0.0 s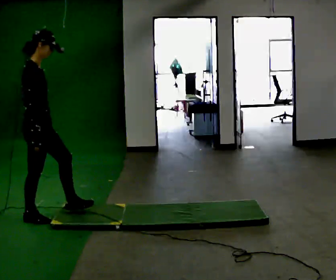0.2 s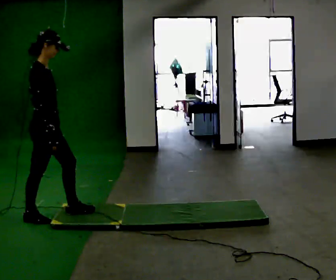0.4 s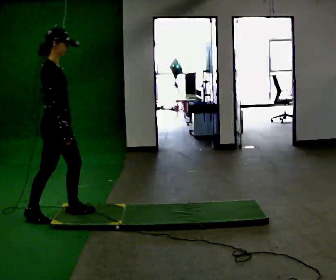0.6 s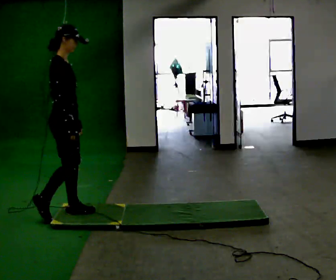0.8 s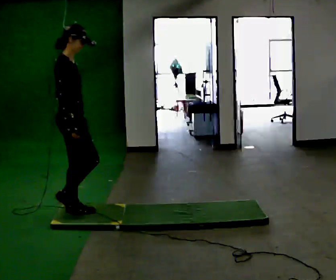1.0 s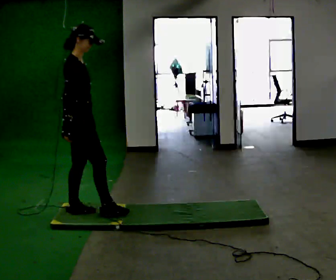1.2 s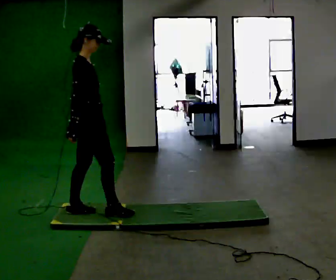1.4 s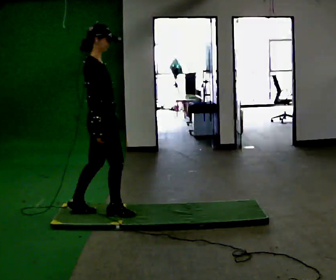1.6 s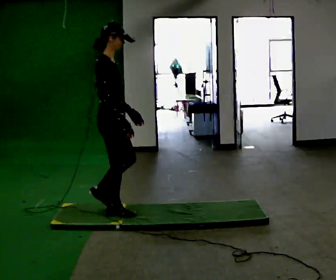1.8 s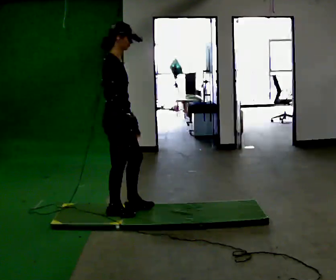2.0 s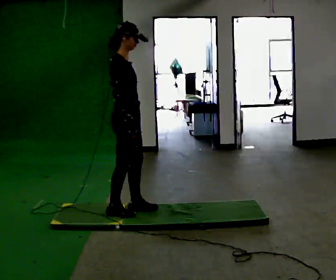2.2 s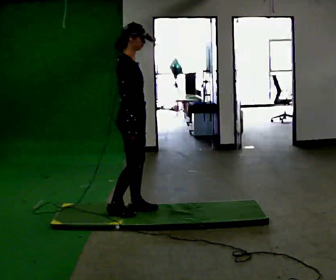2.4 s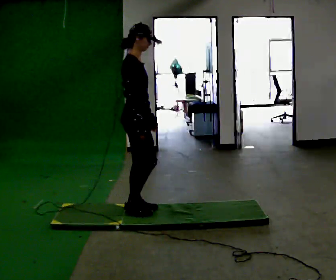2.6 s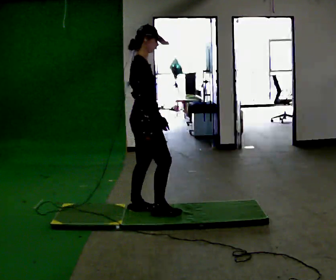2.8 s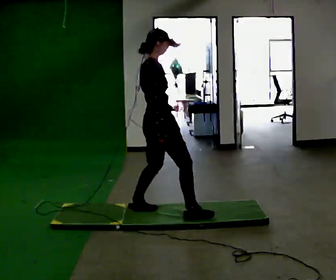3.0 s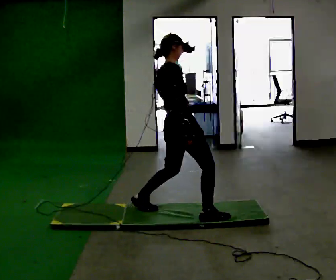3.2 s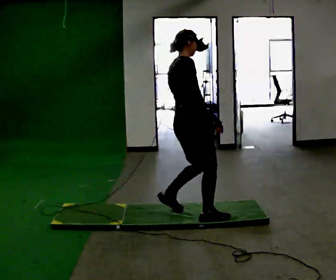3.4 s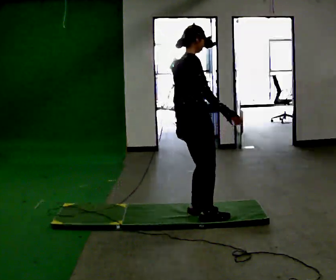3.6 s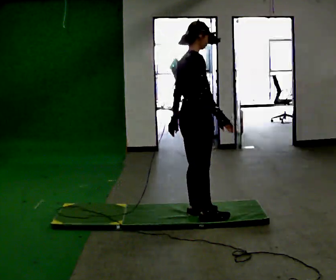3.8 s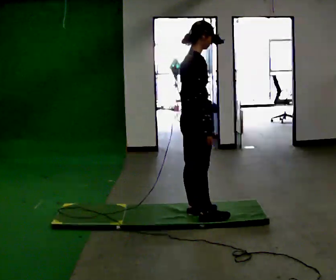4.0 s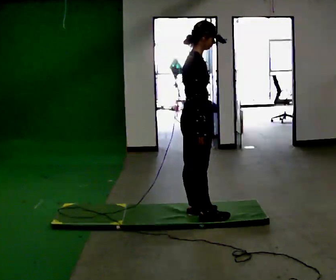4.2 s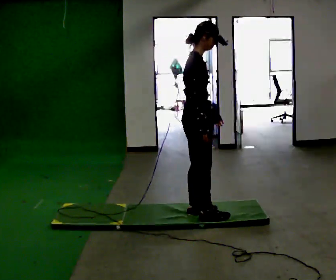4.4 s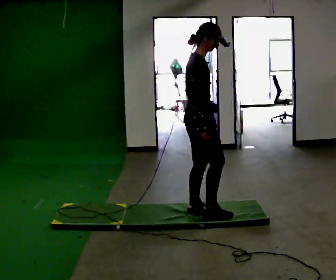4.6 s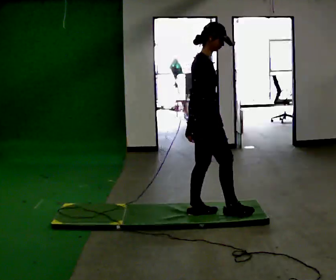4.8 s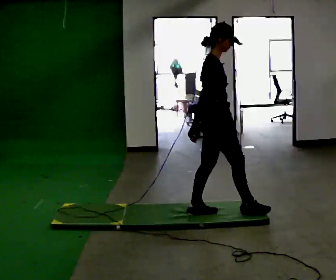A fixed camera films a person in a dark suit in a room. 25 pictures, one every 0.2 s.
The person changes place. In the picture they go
to the right.
0.0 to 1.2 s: In the picture they go to the right, about 0.5 m in 1 step, which for them is forward.
1.2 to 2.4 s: In the picture they go to the right, about 0.5 m in 1 step, which for them is forward.
2.4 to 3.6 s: In the picture they go to the right and toward the camera, about 0.5 m in 2 steps, which for them is forward and to their right.
3.6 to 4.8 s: In the picture they go to the right, about 0.25 m, which for them is forward.
The film runs forward here.
